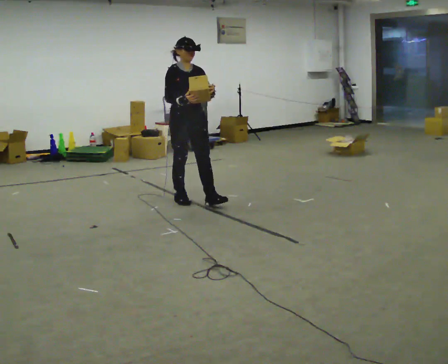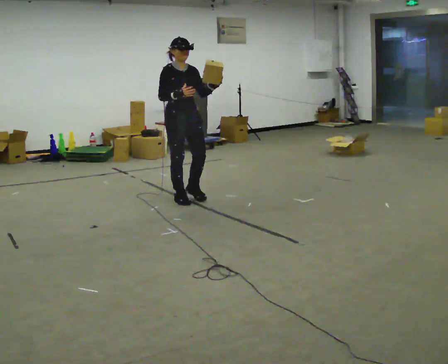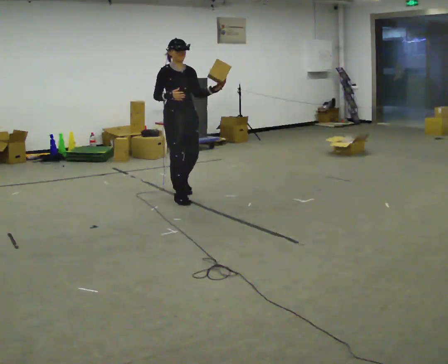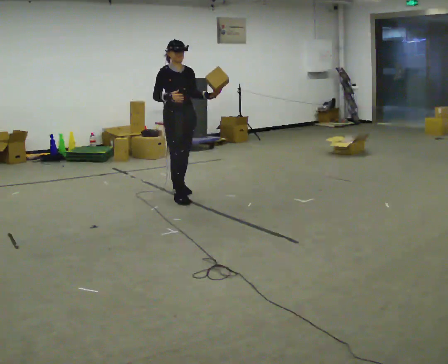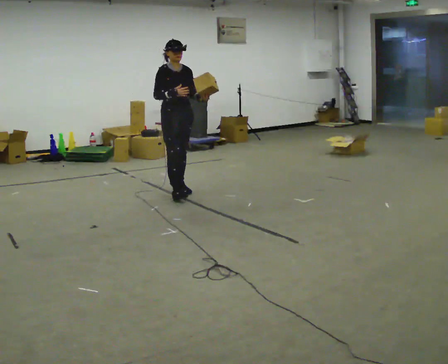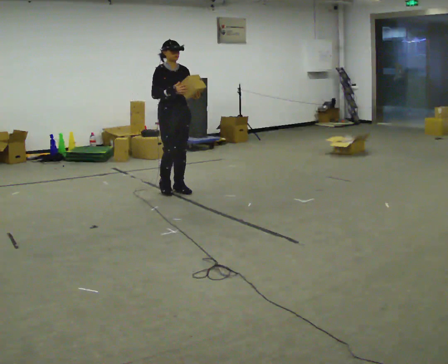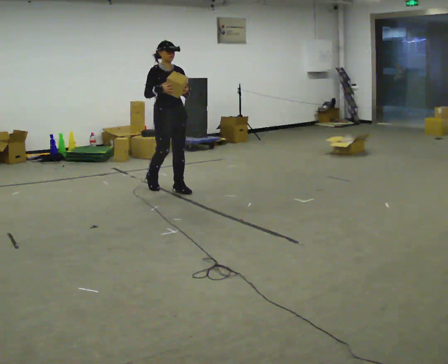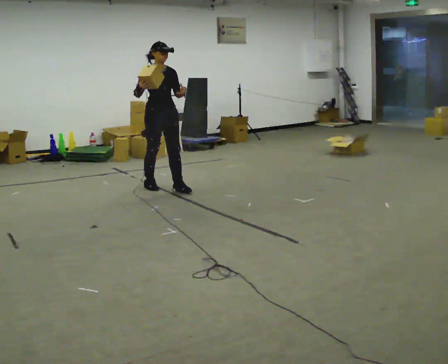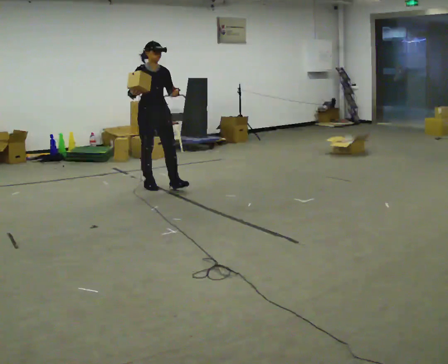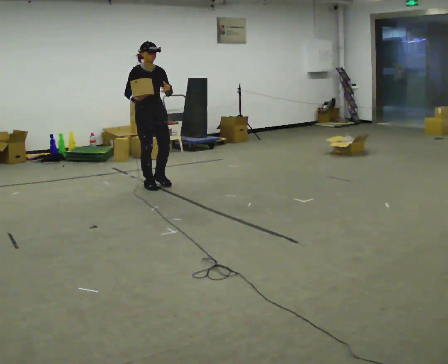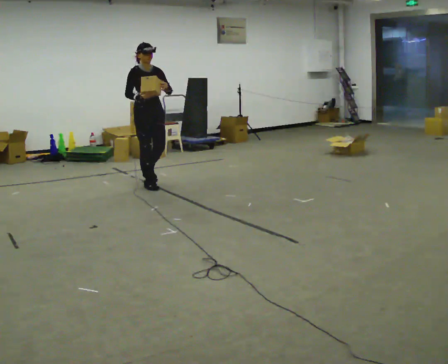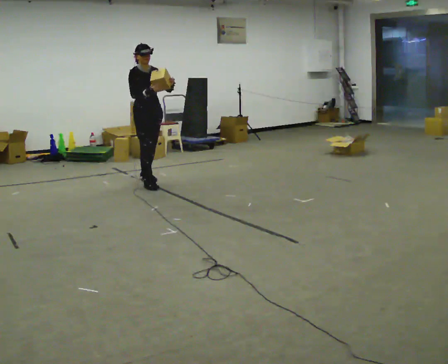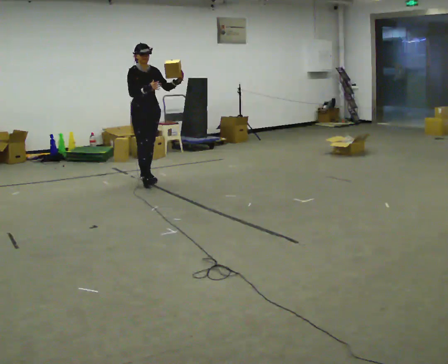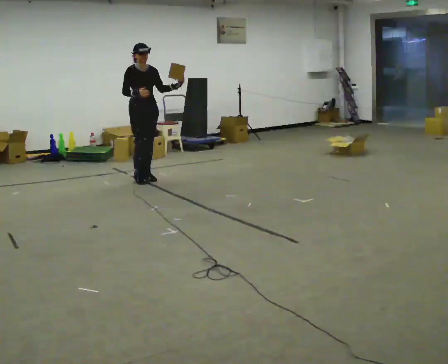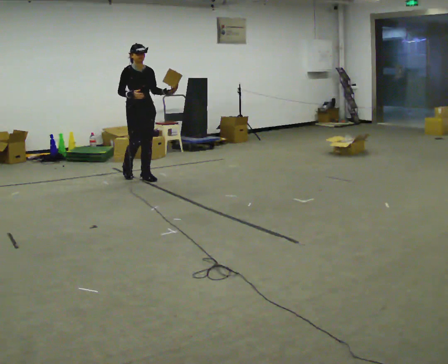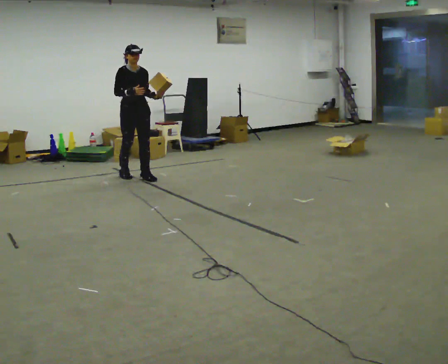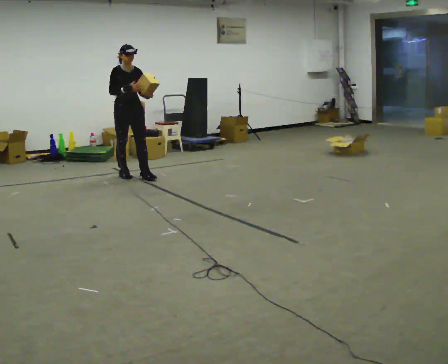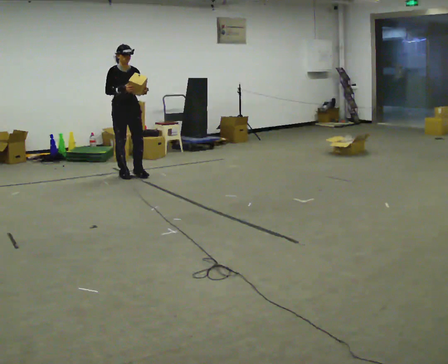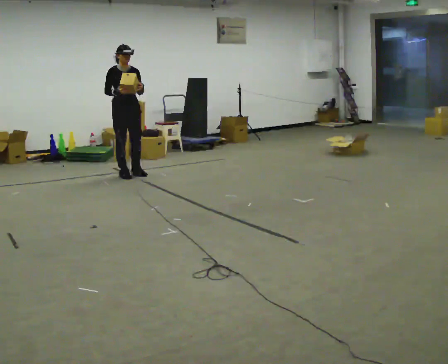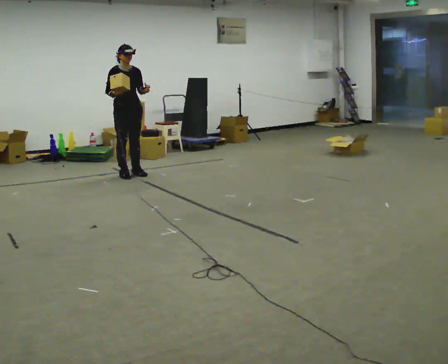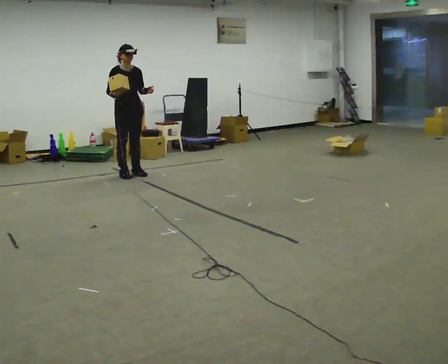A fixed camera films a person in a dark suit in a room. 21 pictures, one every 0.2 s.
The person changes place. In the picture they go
away from the camera.
0.0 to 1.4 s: In the picture they go away from the camera and to the left, about 0.5 m in 1 step, which for them is backward.
1.4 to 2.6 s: In the picture they go away from the camera and to the left, about 0.5 m in 2 steps, which for them is backward.
2.6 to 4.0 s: In the picture they go away from the camera and to the left, about 0.25 m in 1 step, which for them is backward.
The film runs backward here.
